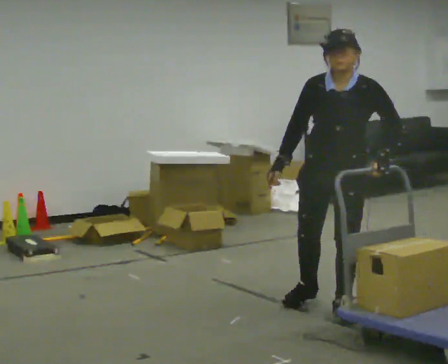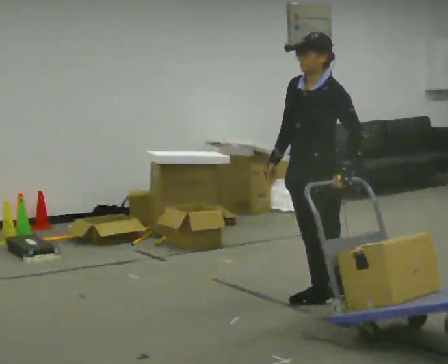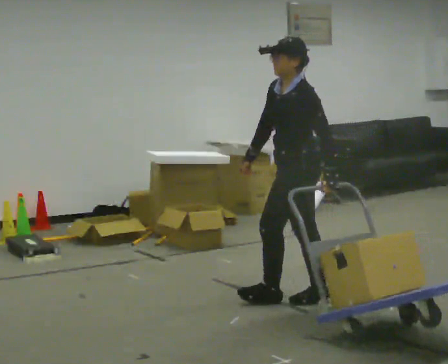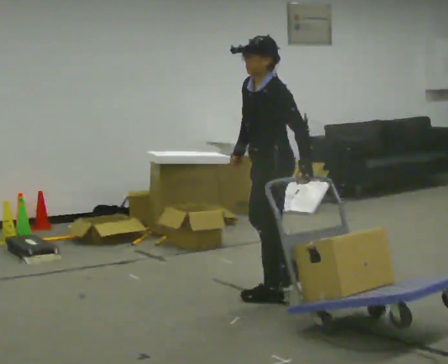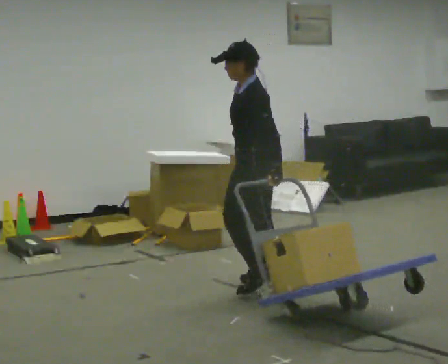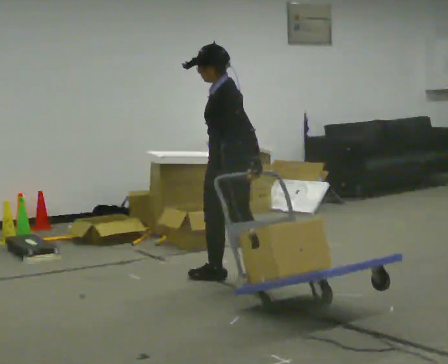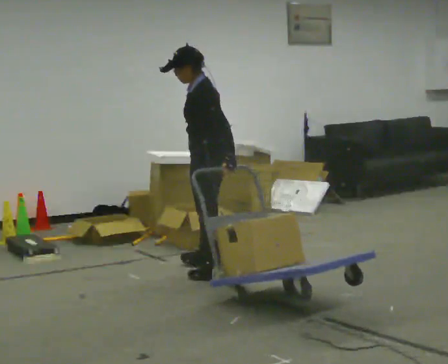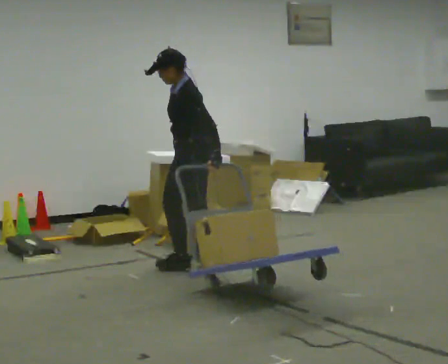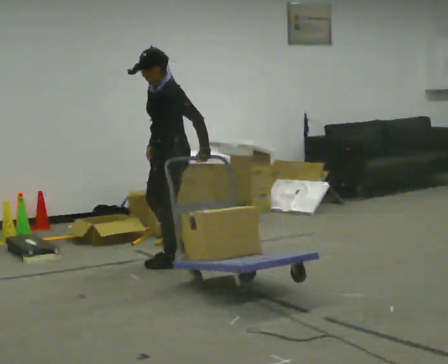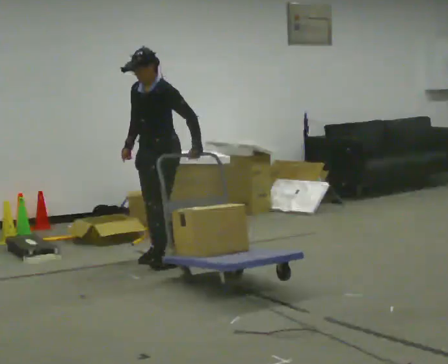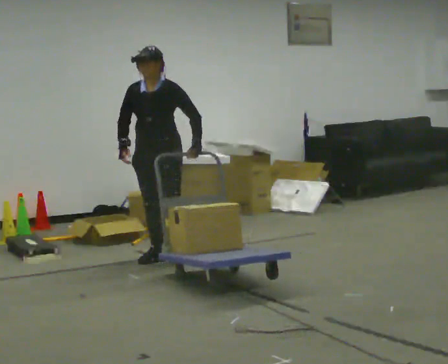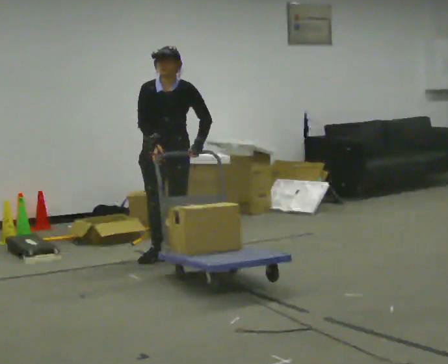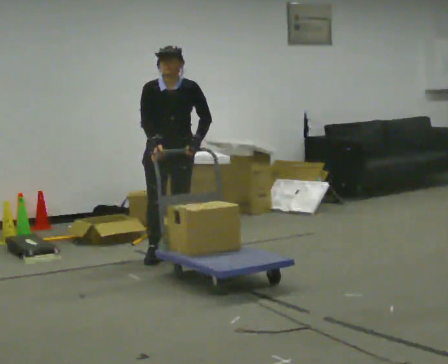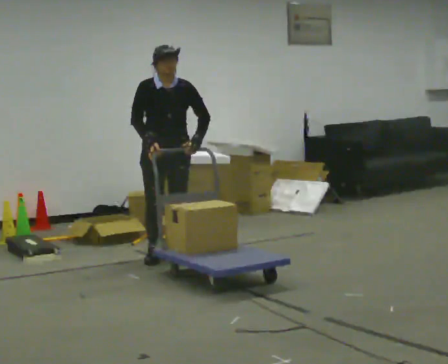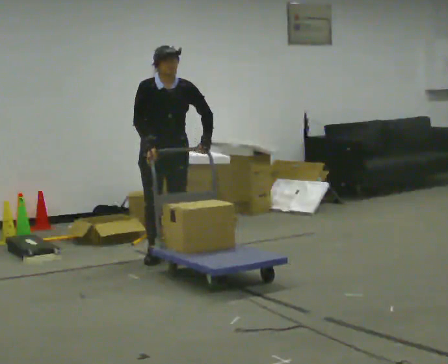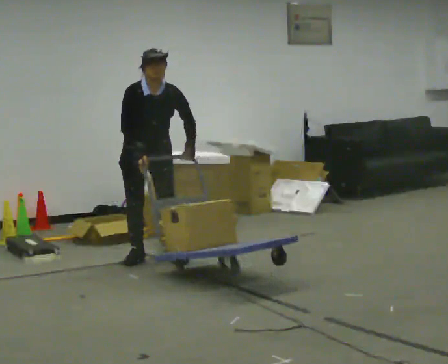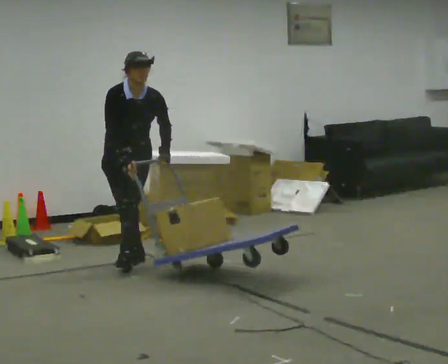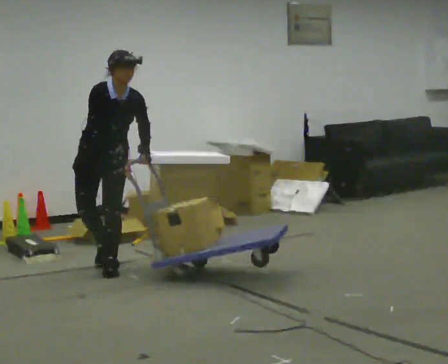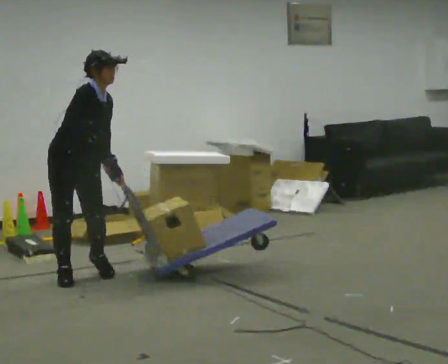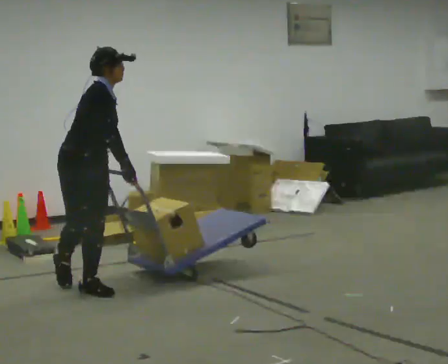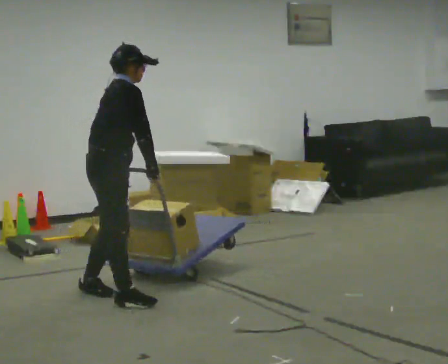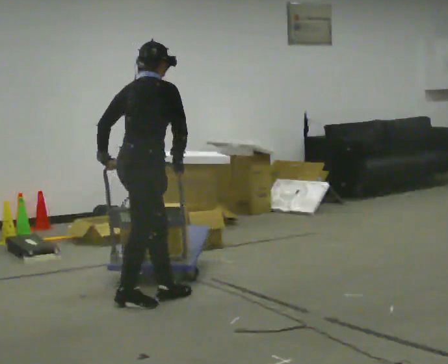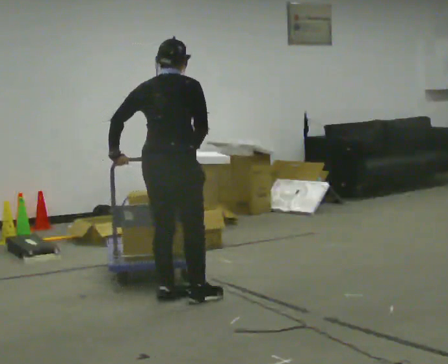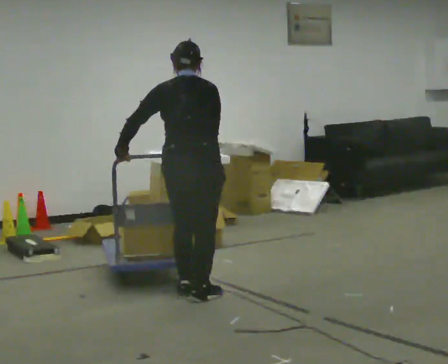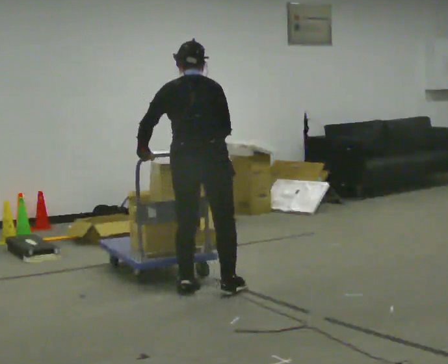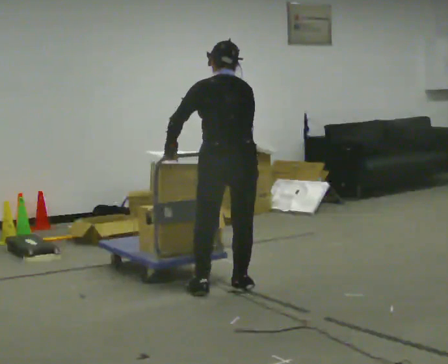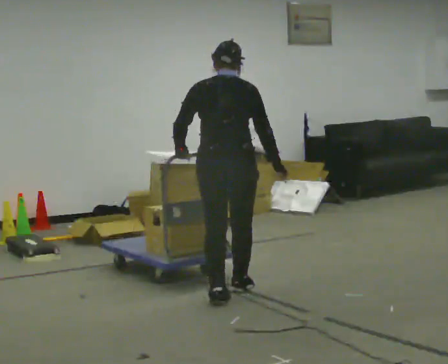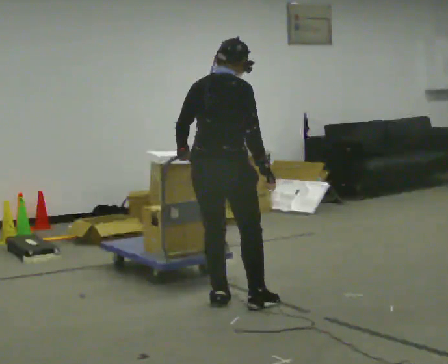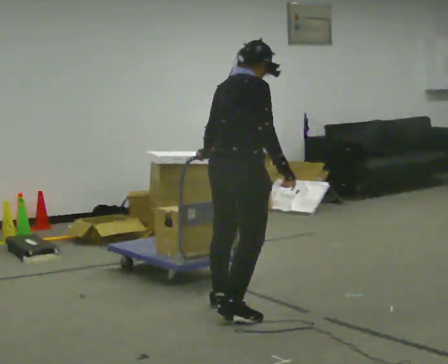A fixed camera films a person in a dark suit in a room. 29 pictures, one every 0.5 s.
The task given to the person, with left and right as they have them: Pull the cart behind you as you walk backward across the room. The operator will confirm the space behind you is clear before each take.
0.0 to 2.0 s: Seen from above the body turns clockwise, about 75 degrees: to their right, with its near side sliding to the left. In the picture they go away from the camera and to the left, about 1 m in 2 steps.
2.0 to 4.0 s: Seen from above the body turns counterclockwise, about 30 degrees: to their left, with its near side sliding to the right. In the picture they go away from the camera and to the left, about 1 m in 3 steps, which for them is forward and to their right.
4.0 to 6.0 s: Seen from above the body turns counterclockwise, about 75 degrees: to their left, with its near side sliding to the right. In the picture they go away from the camera, about 0.25 m in 2 steps.
6.0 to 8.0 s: In the picture they go to the left, about 0.25 m, which for them is to their right.
8.0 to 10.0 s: The part of the body nearest the lens slides to the right as the person turns to their left by about 105 degrees. In the picture they go toward the camera, about 1 m in 4 steps. The upper body tips away from the camera, its near side rolling upward.
10.0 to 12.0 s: The part of the body nearest the lens slides to the right as the person turns to their left by about 90 degrees. In the picture they go to the right, about 0.5 m in 3 steps. In the picture the upper body tilts counterclockwise, shoulders to the left.
12.0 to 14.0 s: The part of the body nearest the lens slides to the left as the person turns to their right by about 45 degrees. In the picture they go toward the camera and to the right, about 0.5 m in 3 steps.
The film runs forward here.
